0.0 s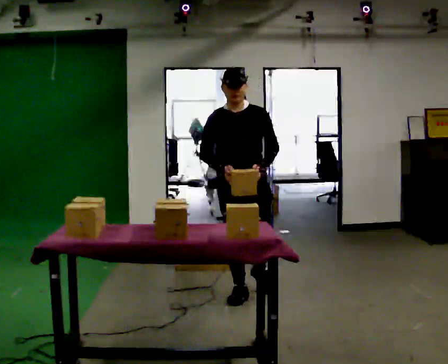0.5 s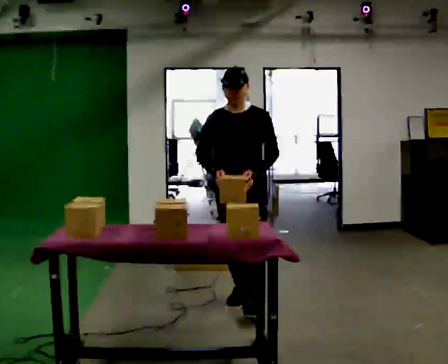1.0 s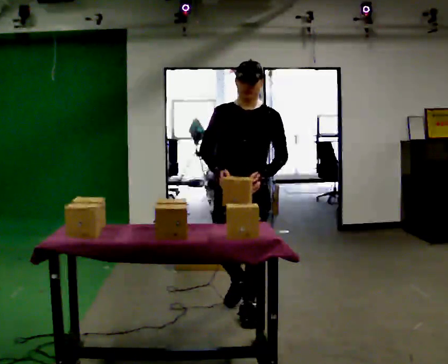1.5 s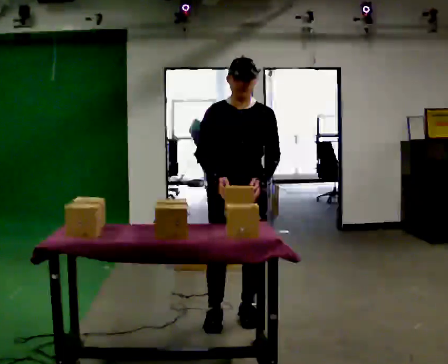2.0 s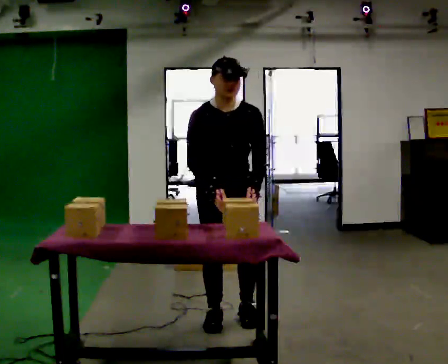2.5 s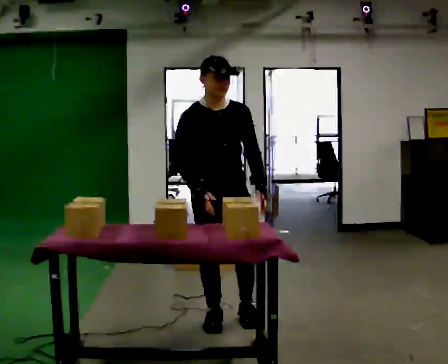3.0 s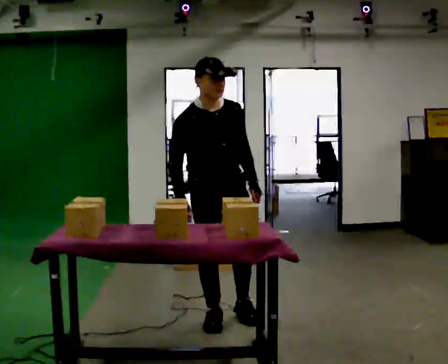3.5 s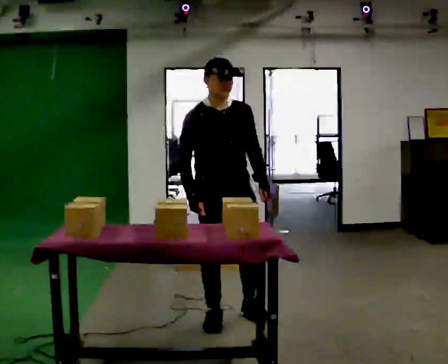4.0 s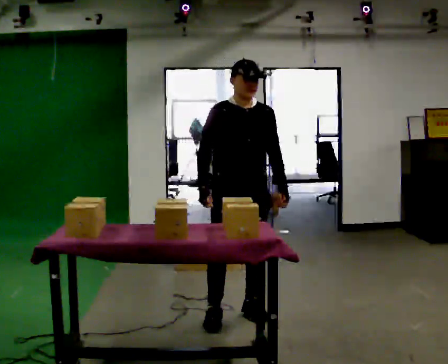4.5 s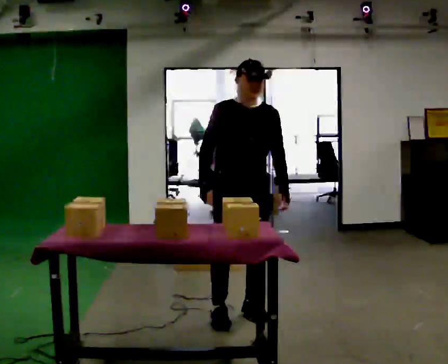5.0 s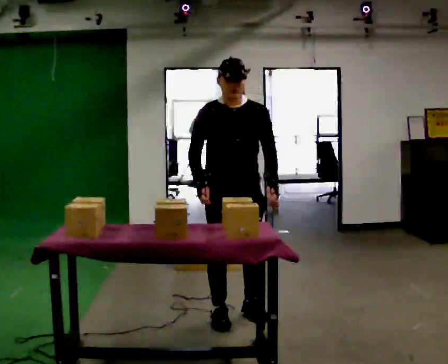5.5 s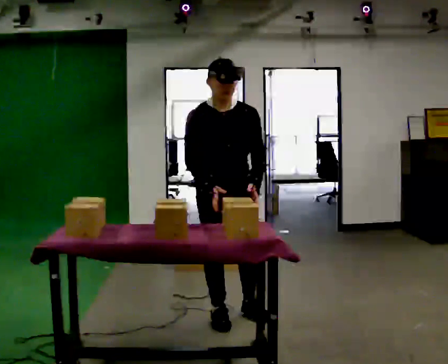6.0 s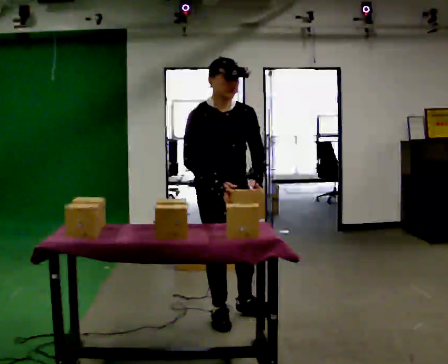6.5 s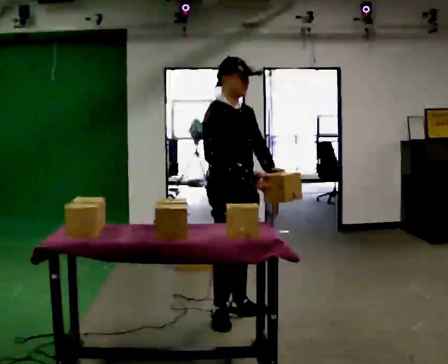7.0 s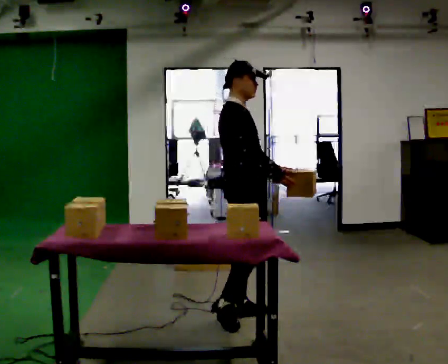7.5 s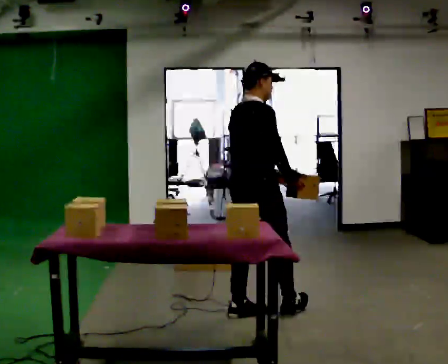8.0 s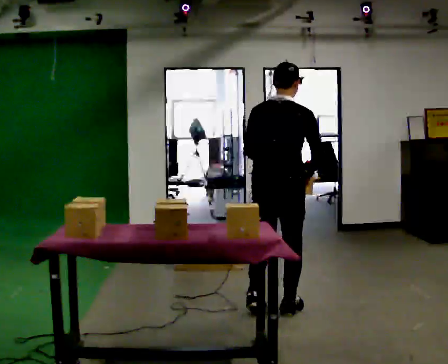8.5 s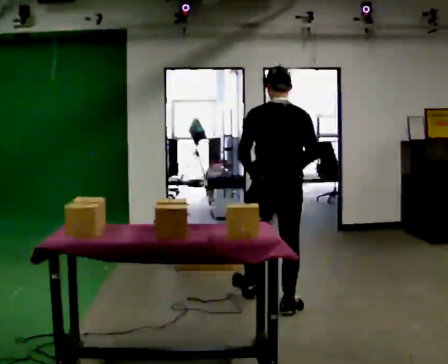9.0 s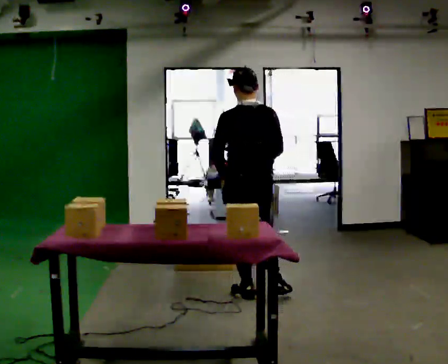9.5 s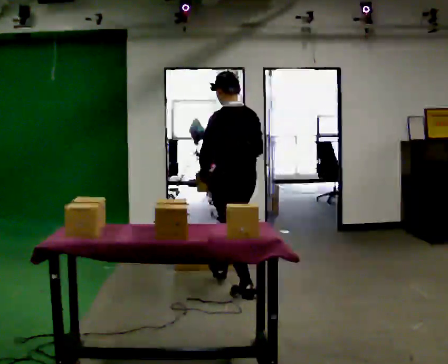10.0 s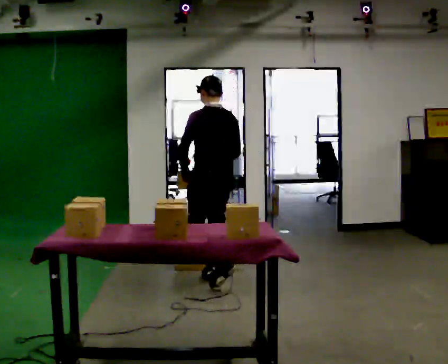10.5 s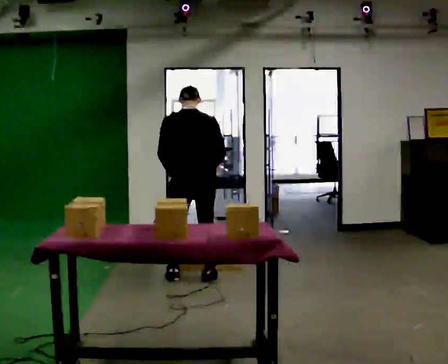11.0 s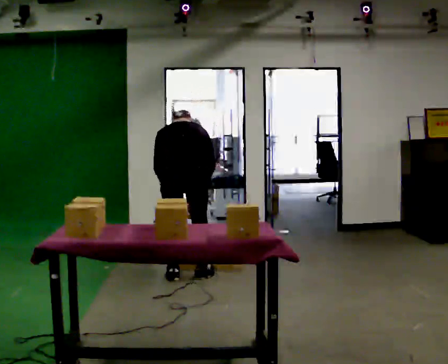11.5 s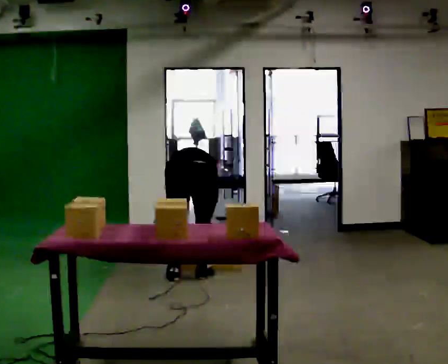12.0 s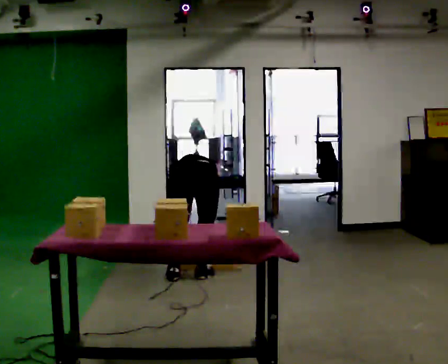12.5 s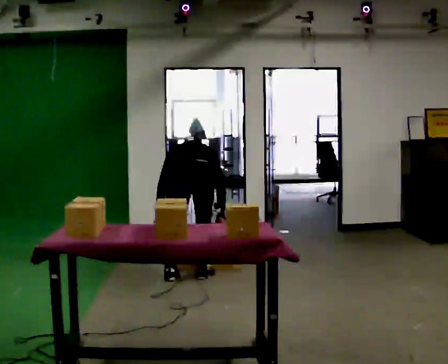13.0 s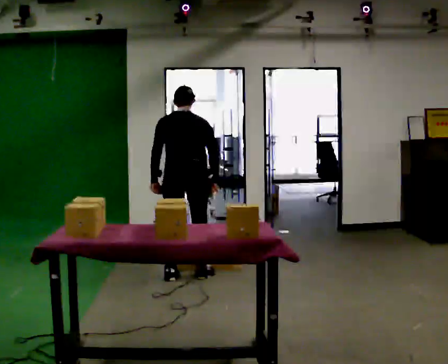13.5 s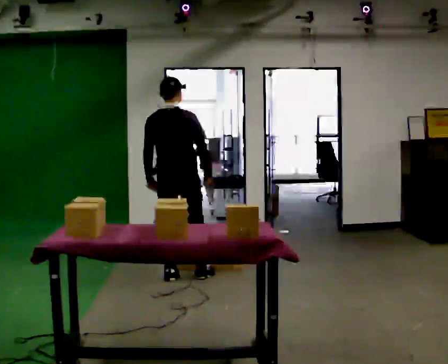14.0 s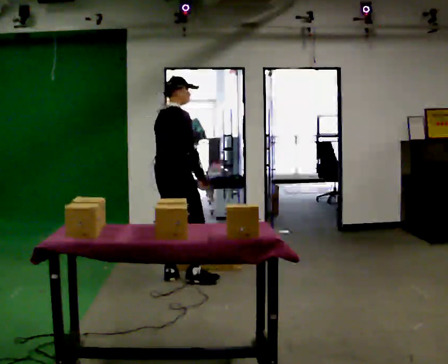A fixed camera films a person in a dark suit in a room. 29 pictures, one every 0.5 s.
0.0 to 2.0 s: In the picture they go toward the camera, about 0.75 m in 2 steps, which for them is forward. The upper body tips toward the camera, its near side rolling downward, as they bend forward.
2.0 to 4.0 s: The person moves a little, or ends about where they began.
4.0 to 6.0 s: In the picture they go toward the camera, about 0.25 m, which for them is to their right and forward.
6.0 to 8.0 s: The person turns about 120 degrees to their left, counterclockwise seen from above, so the part of the body nearest the lens slides to the right. In the picture they go to the right and away from the camera, about 0.5 m in 1 step.
8.0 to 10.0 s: The part of the body nearest the lens slides to the right as the person turns to their left by about 60 degrees. In the picture they go away from the camera and to the left, about 1 m in 2 steps.
10.0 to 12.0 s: The person turns about 30 degrees to their right, clockwise seen from above, so the part of the body nearest the lens slides to the left. In the picture they go to the left, about 0.25 m in 2 steps, which for them is to their left. The shoulders move downward. The upper body tips away from the camera, its near side rolling upward, as they bend forward. In the picture their left hand goes downward.
12.0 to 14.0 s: The part of the body nearest the lens slides to the left as the person turns to their right by about 60 degrees. In the picture they go to the left, about 0.25 m, which for them is to their left. The upper body goes upward. The upper body tips toward the camera, its near side rolling downward, as they lean back or straighten. In the picture their right hand goes upward.
The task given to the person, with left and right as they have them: Reach down into the deep bin on the floor, take out one object at a time, carry it to the shelf, and come back for the next one. Keep going until the operator says stop; one object at a time, and do not rush between trips.
The film runs forward here.
